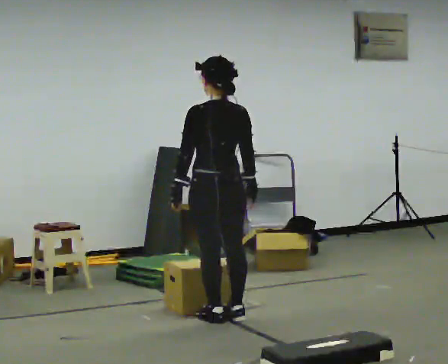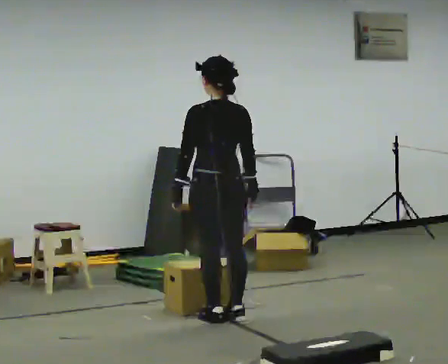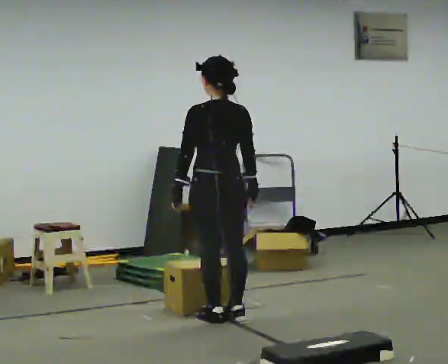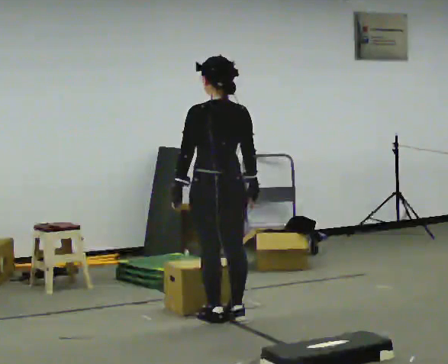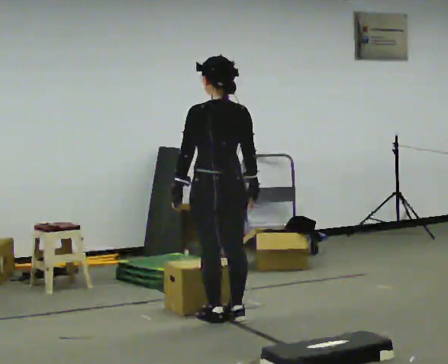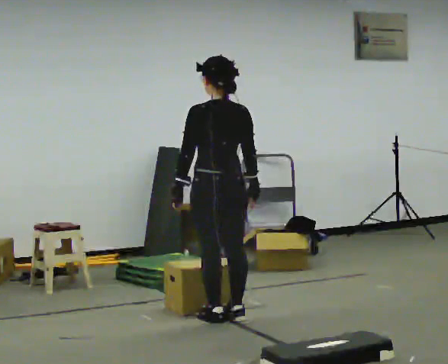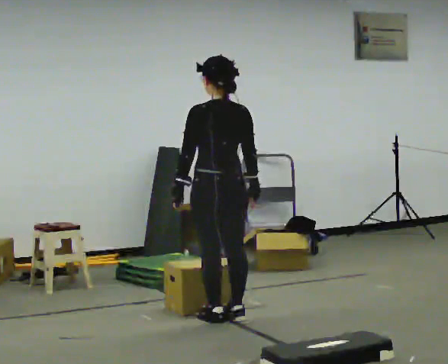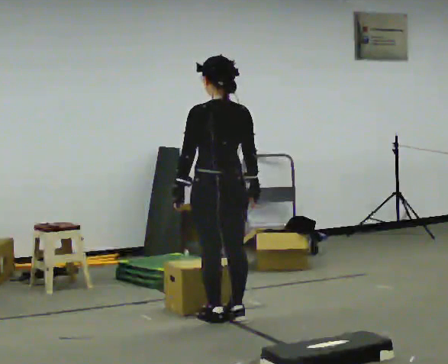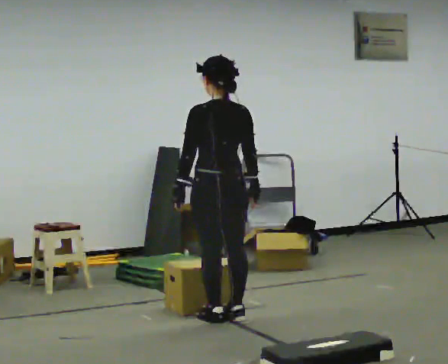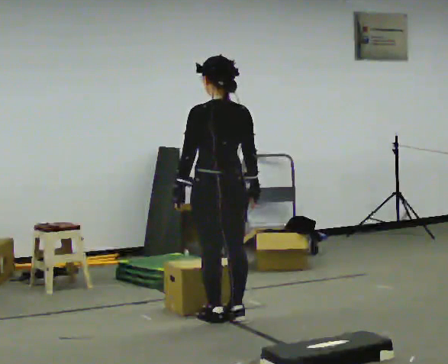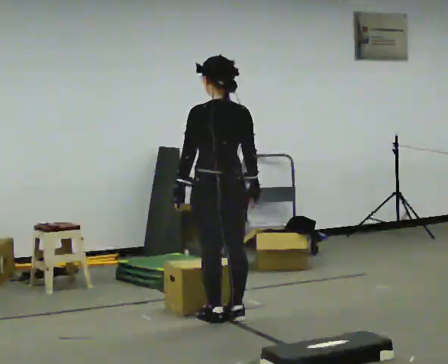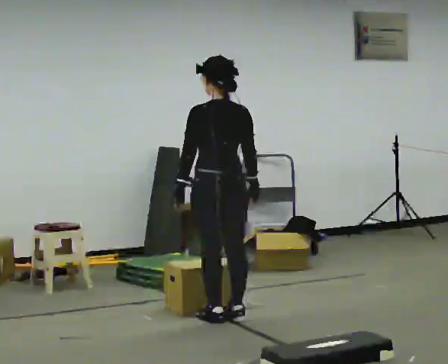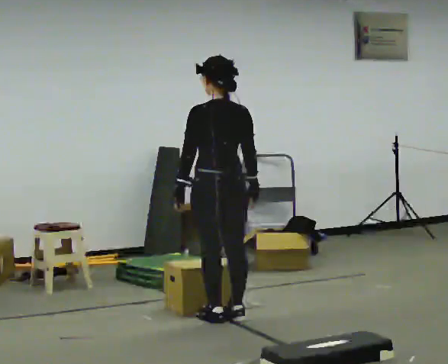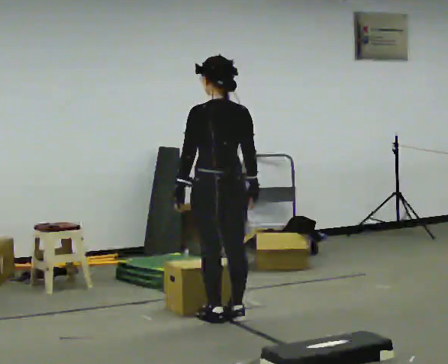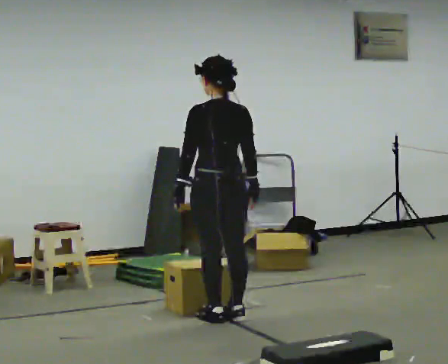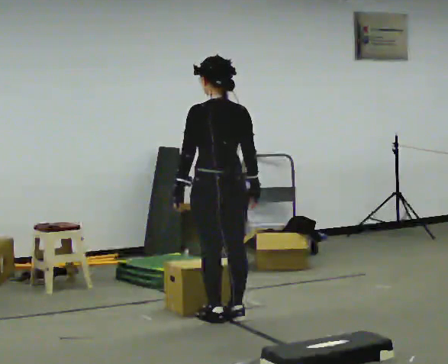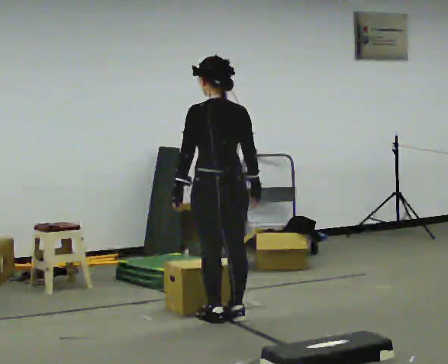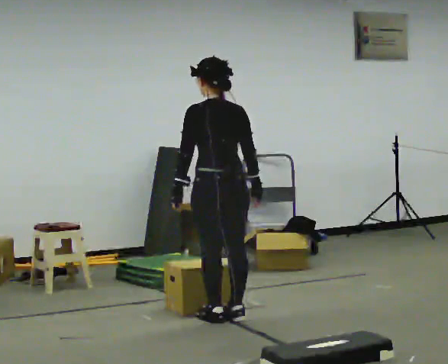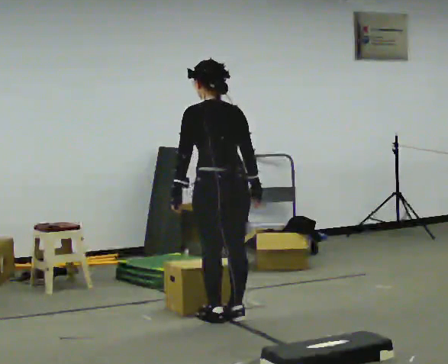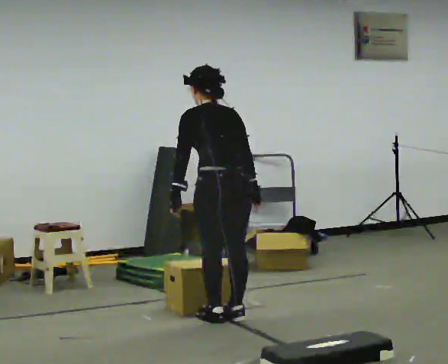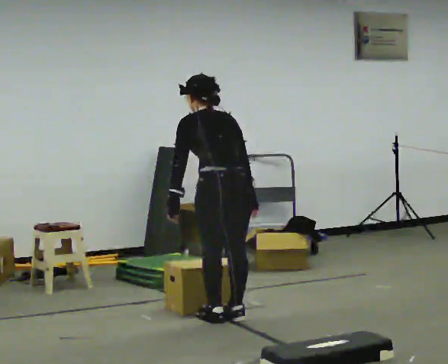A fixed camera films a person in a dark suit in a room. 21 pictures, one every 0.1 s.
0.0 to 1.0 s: The person keeps their place and pose.
1.0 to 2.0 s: The upper body tips away from the camera, its near side rolling upward, as they bend forward.
The film runs forward here.
